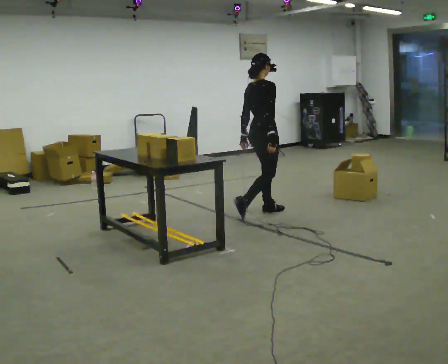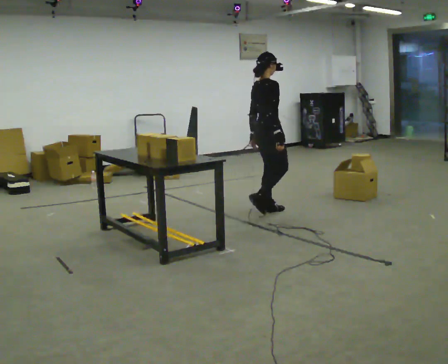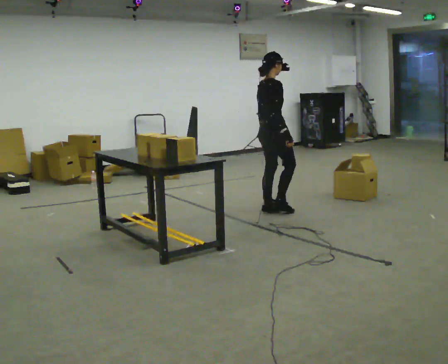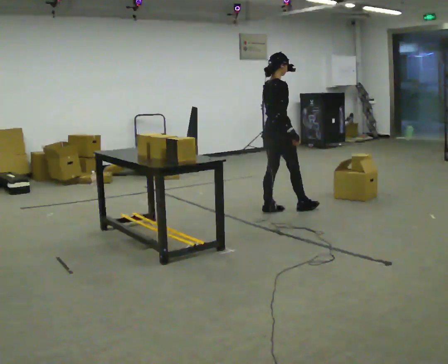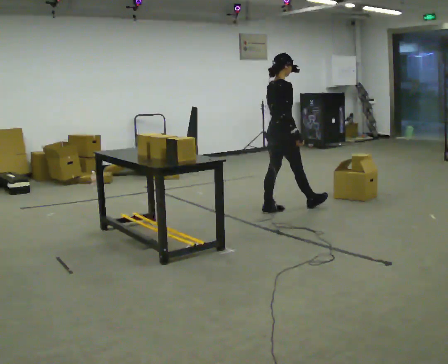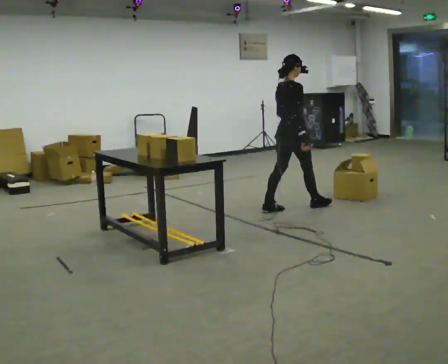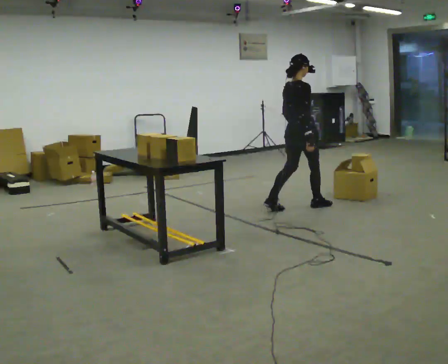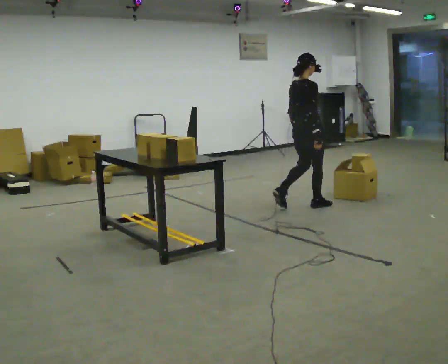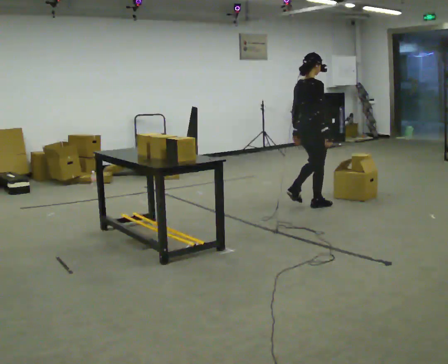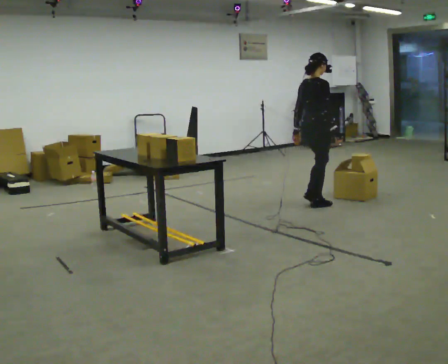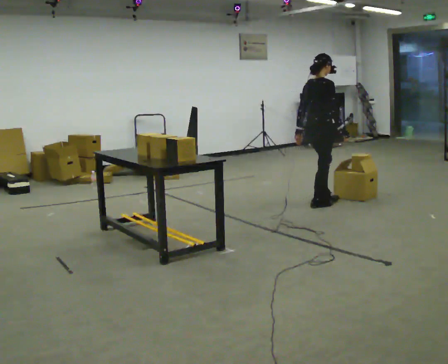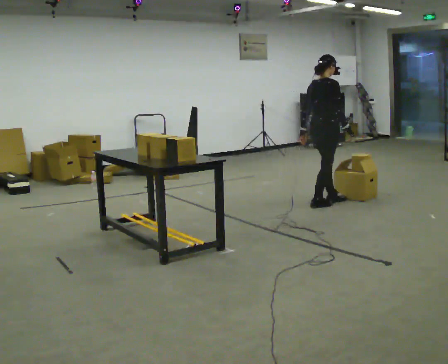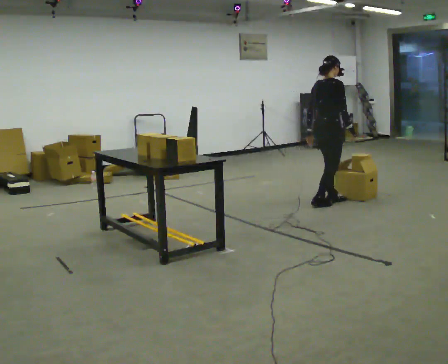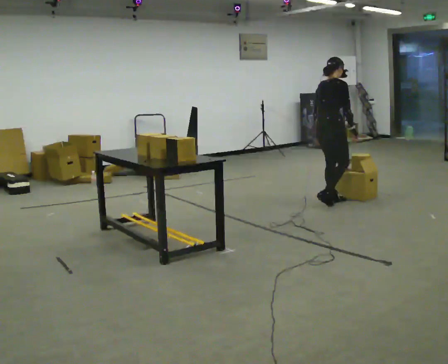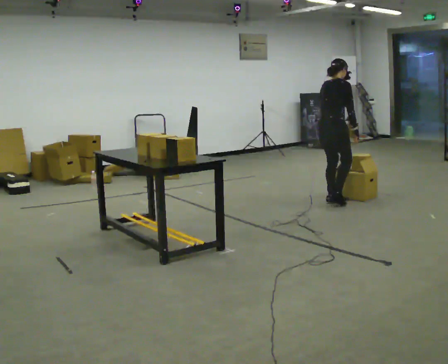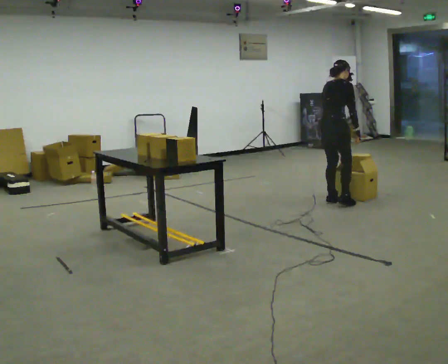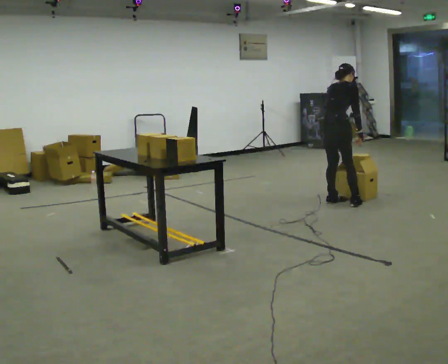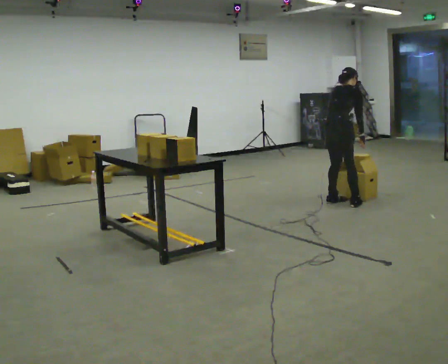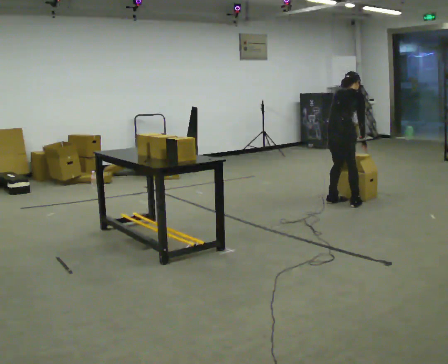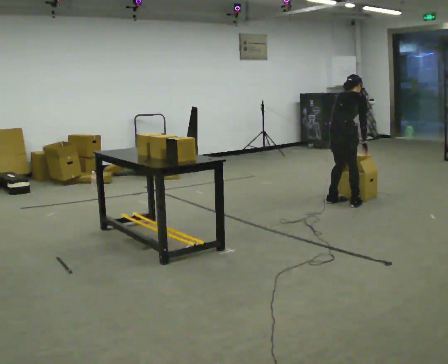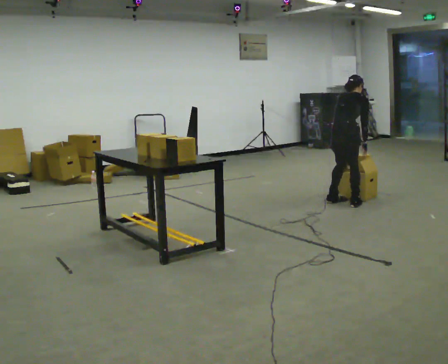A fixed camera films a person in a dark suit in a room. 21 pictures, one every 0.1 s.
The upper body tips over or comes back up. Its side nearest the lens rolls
upward.
The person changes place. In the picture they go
to the right.
0.0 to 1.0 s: In the picture they go to the right and away from the camera, about 0.75 m in 1 step, which for them is forward.
1.0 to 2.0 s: The part of the body nearest the lens slides to the right as the person turns to their left by about 30 degrees. In the picture they go to the right, about 0.25 m in 2 steps, which for them is to their right and forward. The shoulders move downward. The upper body tips away from the camera, its near side rolling upward, as they bend forward.
The film runs forward here.
